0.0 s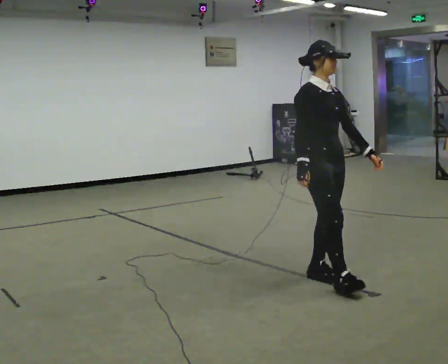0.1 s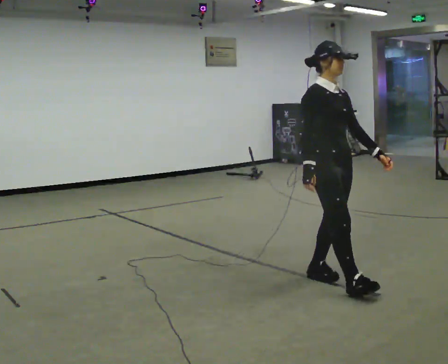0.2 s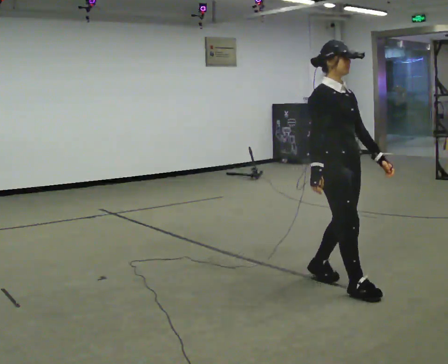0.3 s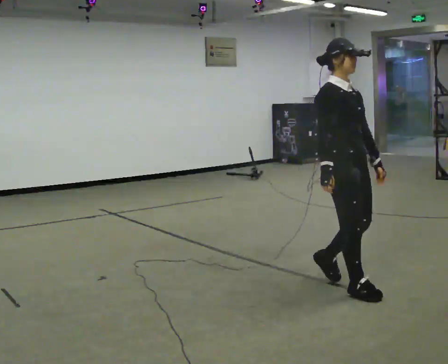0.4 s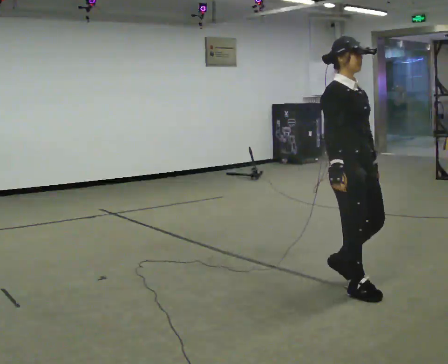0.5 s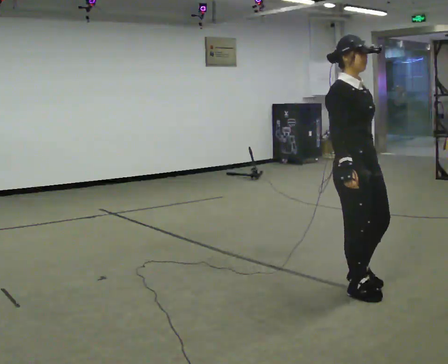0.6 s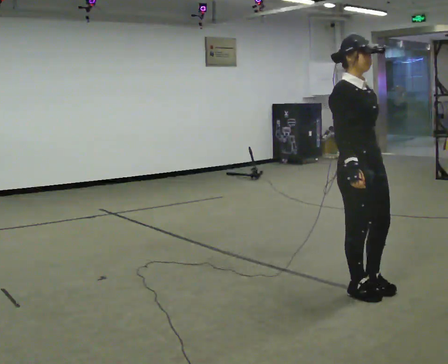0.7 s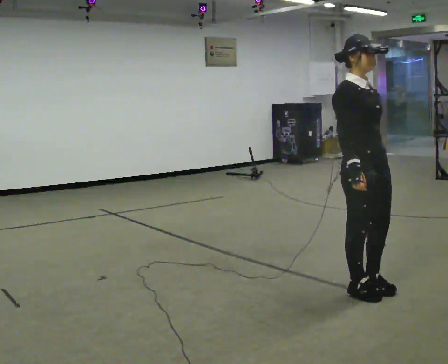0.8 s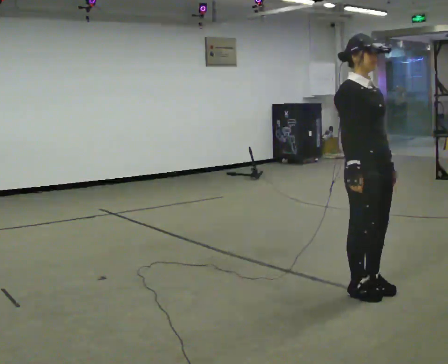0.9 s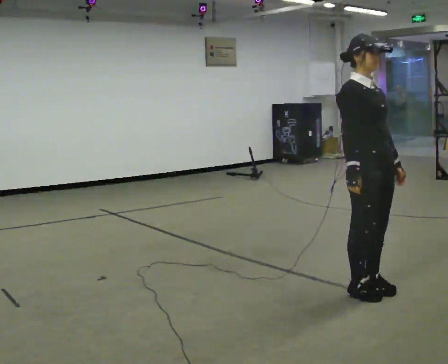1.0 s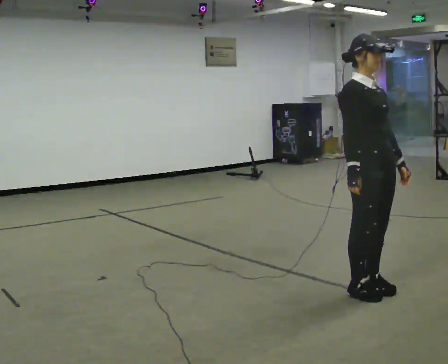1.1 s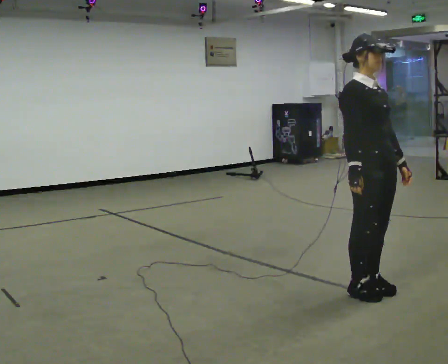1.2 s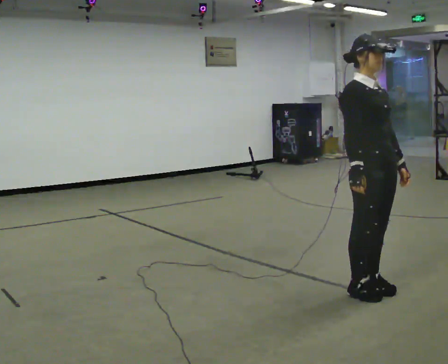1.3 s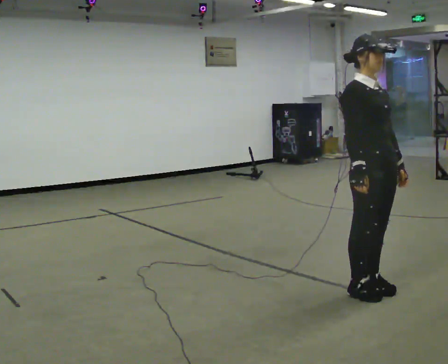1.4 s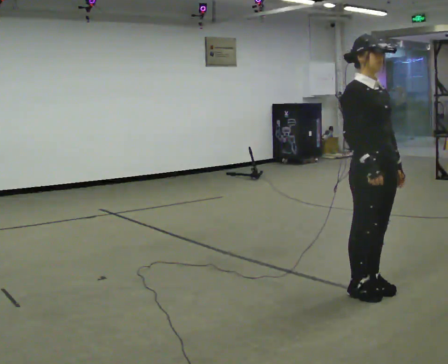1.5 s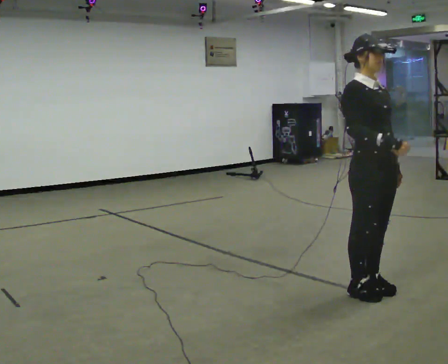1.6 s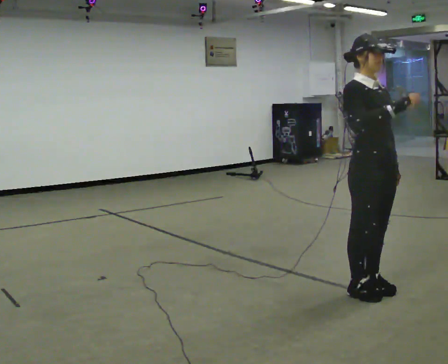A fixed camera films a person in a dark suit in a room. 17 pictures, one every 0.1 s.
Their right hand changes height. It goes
upward.
0.0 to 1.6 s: In the picture they go to the right and toward the camera, about 0.5 m in 2 steps, which for them is forward. In the picture their right hand goes upward.
The film runs forward here.
